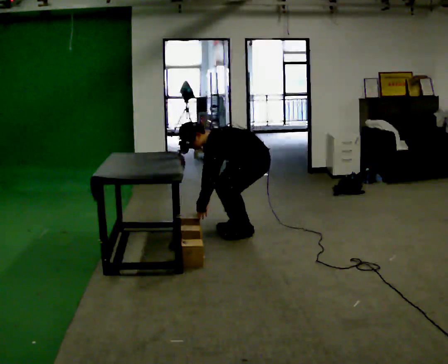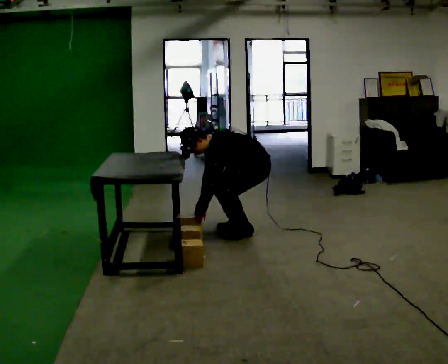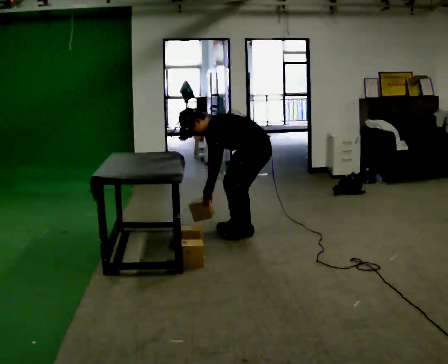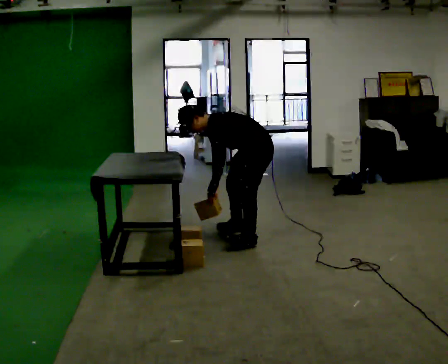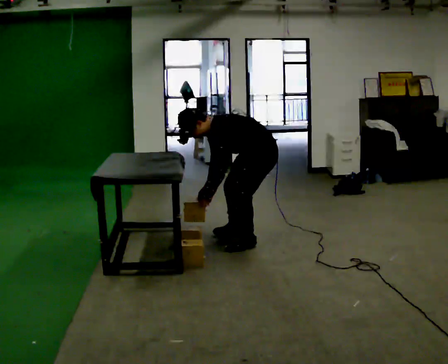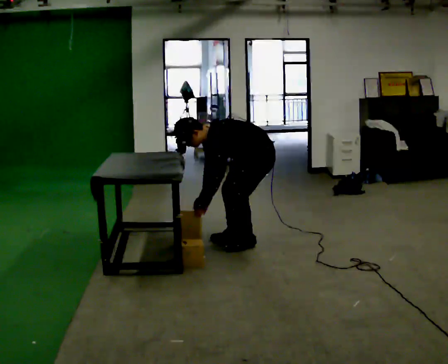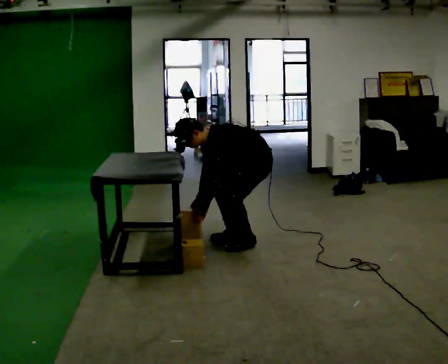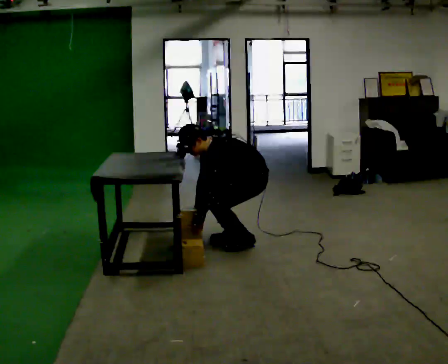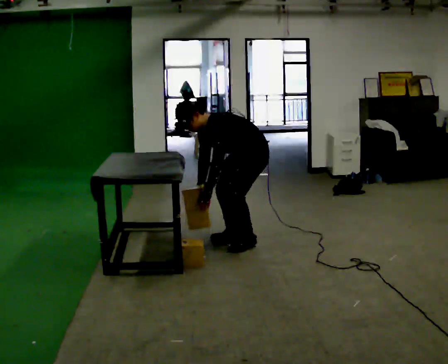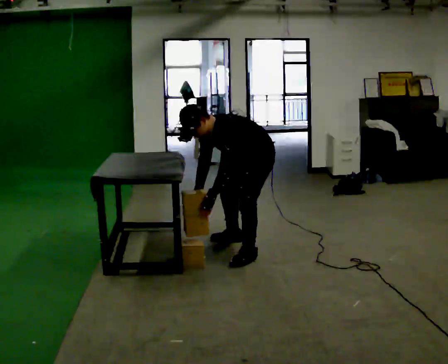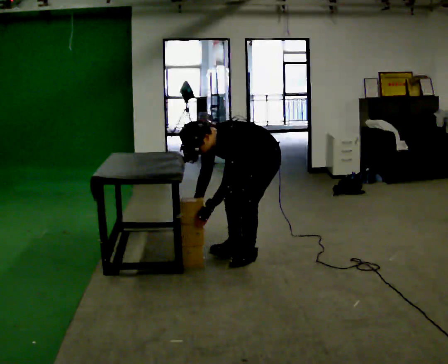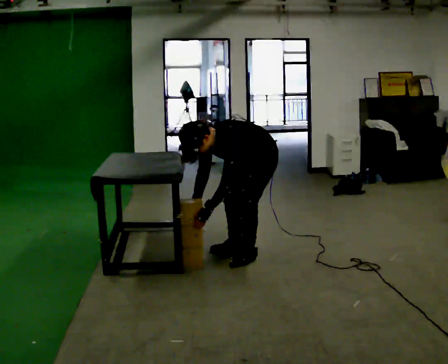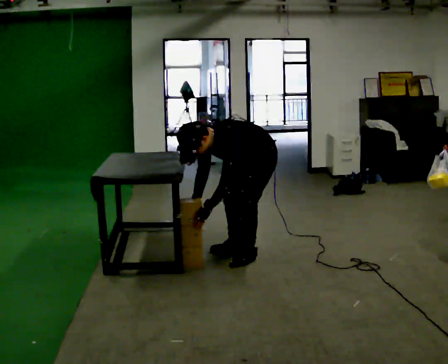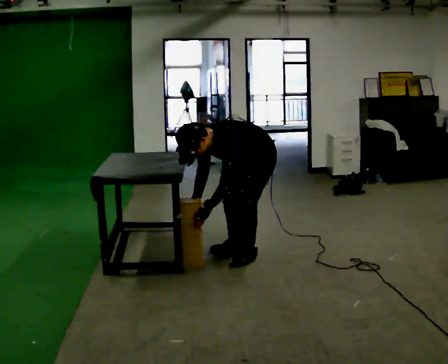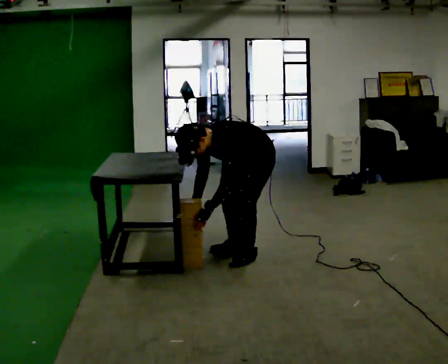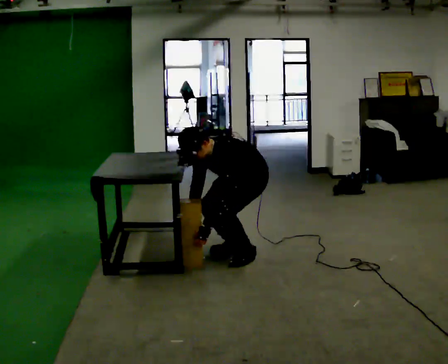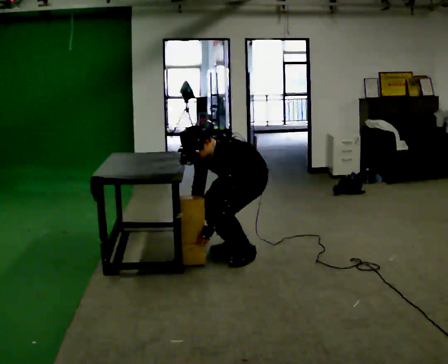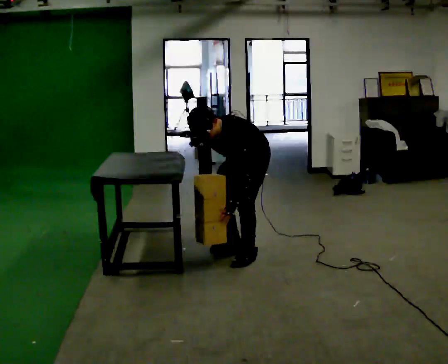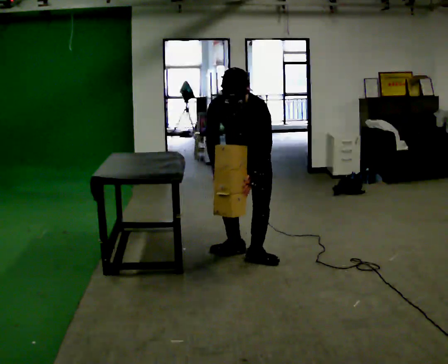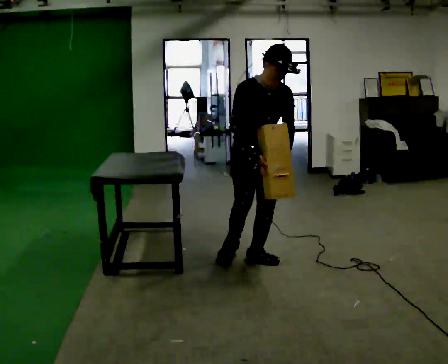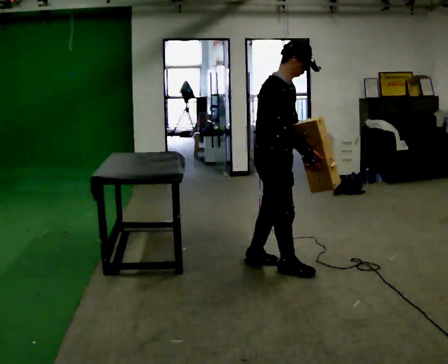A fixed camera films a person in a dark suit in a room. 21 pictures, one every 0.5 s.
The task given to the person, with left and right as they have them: Carry the object across the room and place it on the lowest shelf, crouching down to do it. Keep going until the operator says stop; one object at a time, and do not rush between trips.
0.0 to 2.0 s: In the picture they go toward the camera, about 0.5 m in 1 step, which for them is to their left.
2.0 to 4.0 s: The person moves a little, or ends about where they began.
4.0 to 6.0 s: In the picture they go toward the camera, about 0.25 m in 2 steps, which for them is to their left and forward. The upper body tips toward the camera, its near side rolling downward, as they bend forward.
6.0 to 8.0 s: The person moves a little, or ends about where they began.
8.0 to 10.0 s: Seen from above the body turns counterclockwise, about 135 degrees: to their left, with its near side sliding to the right. In the picture they go toward the camera, about 0.5 m in 1 step. The shoulders move upward. In the picture the upper body tilts clockwise, shoulders to the right, as they lean back or straighten. In the picture their right hand goes upward.
The film runs forward here.
